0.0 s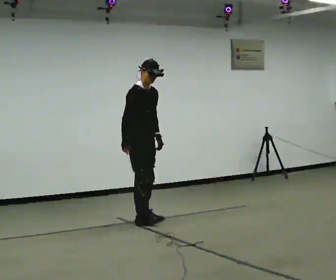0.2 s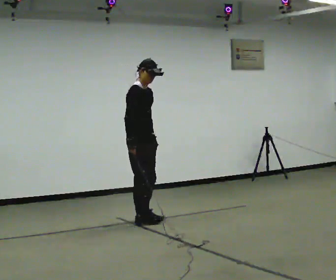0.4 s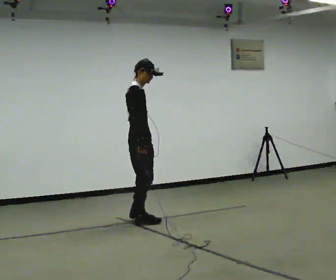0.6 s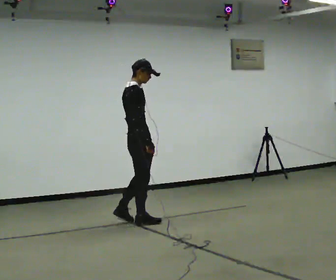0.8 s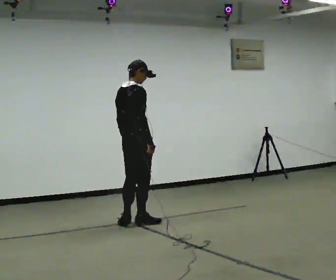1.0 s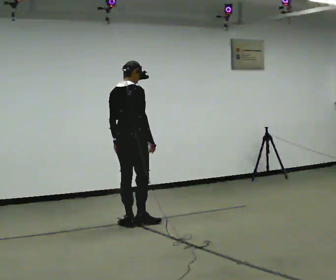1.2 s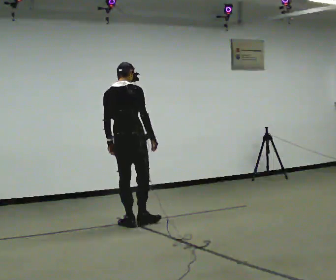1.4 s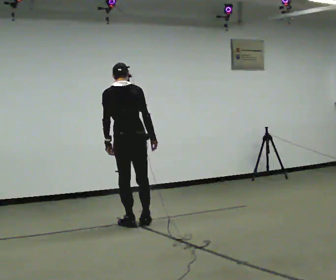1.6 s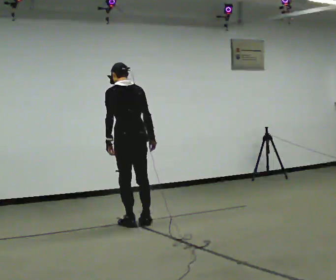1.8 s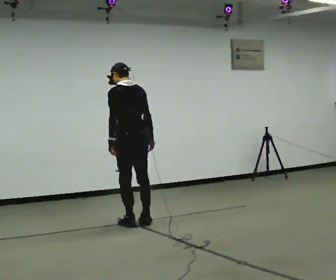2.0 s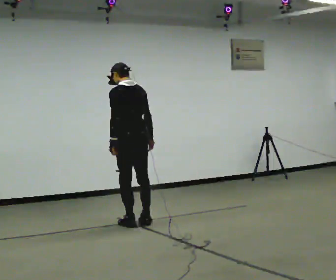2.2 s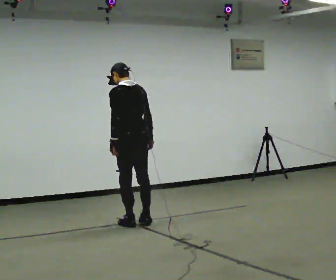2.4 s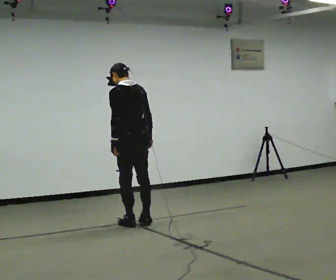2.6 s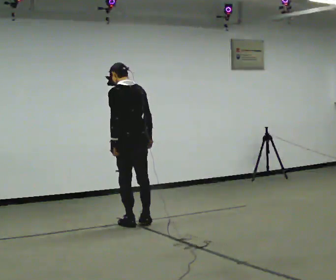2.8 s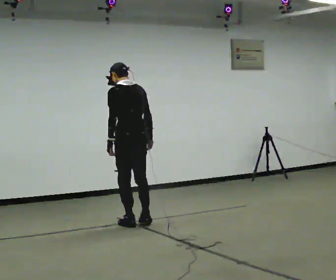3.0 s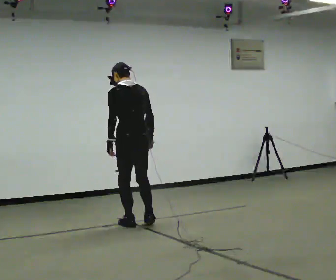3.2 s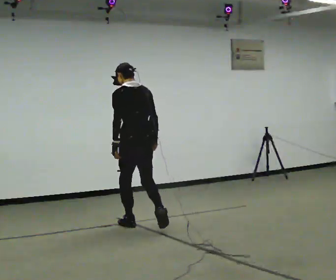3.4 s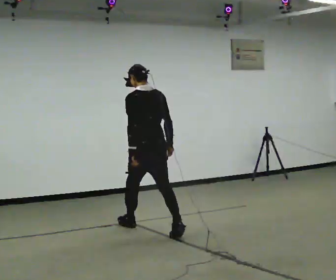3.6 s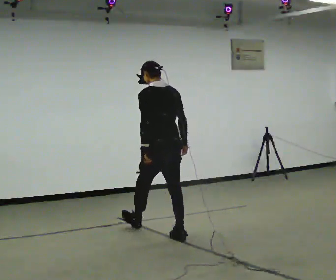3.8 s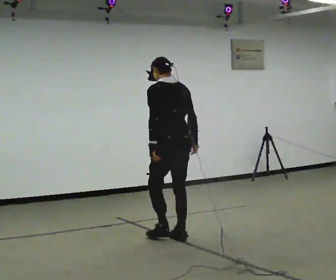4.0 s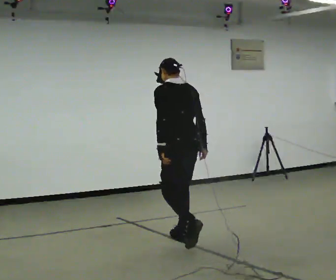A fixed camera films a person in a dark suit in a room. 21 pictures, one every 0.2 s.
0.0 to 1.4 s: Seen from above the body turns counterclockwise, about 135 degrees: to their left, with its near side sliding to the right. In the picture they go toward the camera, about 0.25 m in 1 step. In the picture the upper body tilts counterclockwise, shoulders to the left.
1.4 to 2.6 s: The part of the body nearest the lens slides to the right as the person turns to their left by about 30 degrees.
2.6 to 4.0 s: In the picture they go toward the camera and to the right, about 1 m in 2 steps, which for them is backward.
The film runs backward here.
